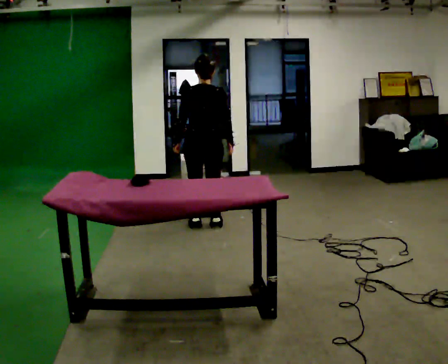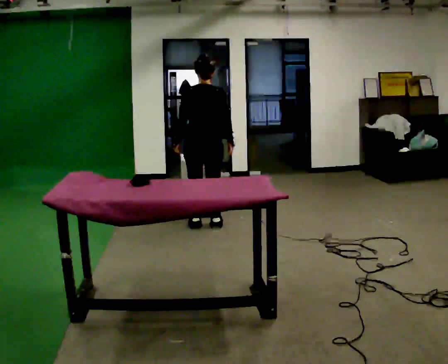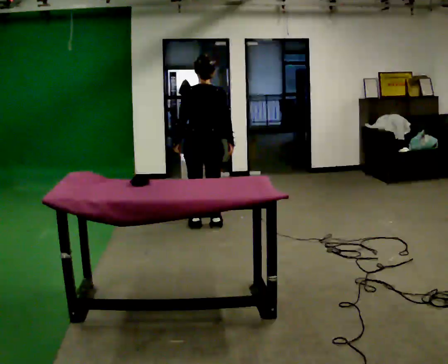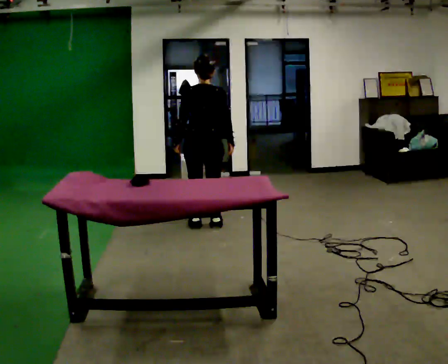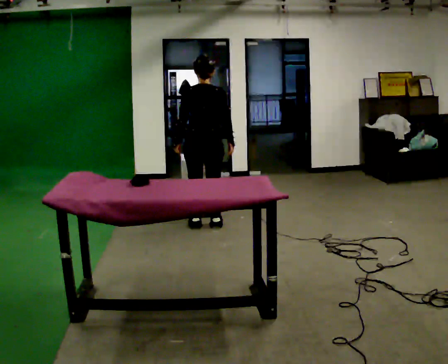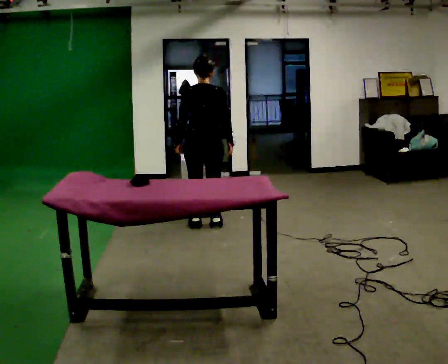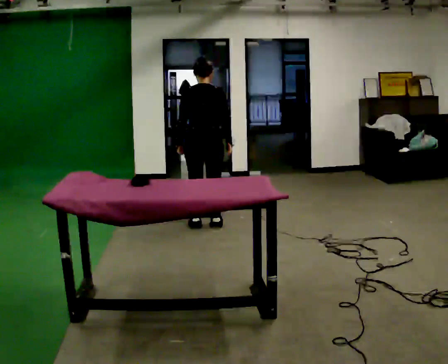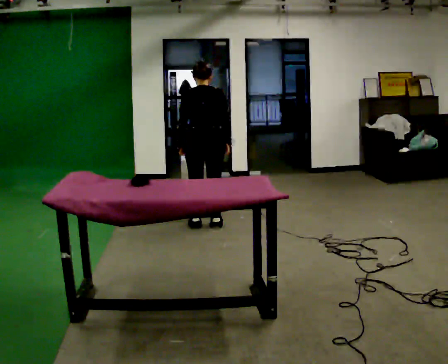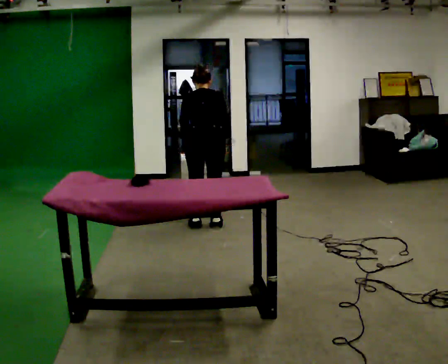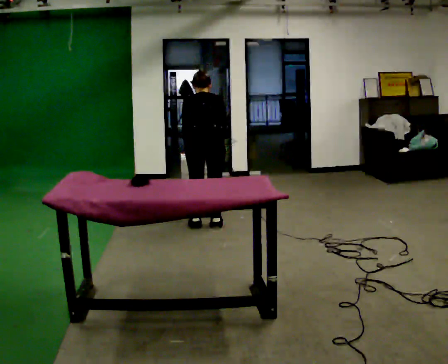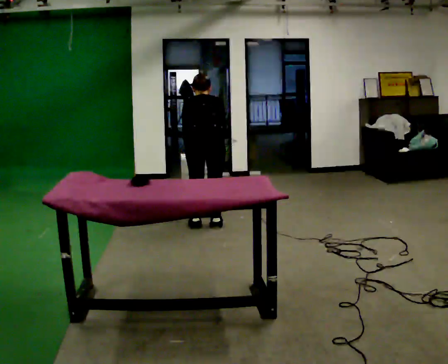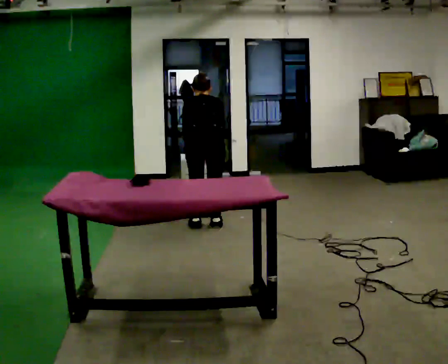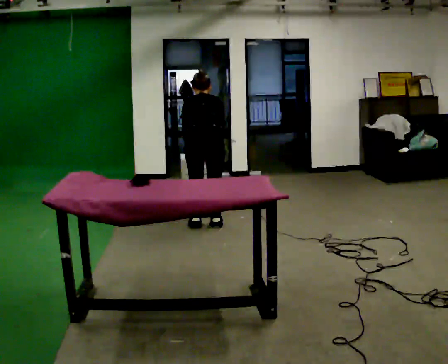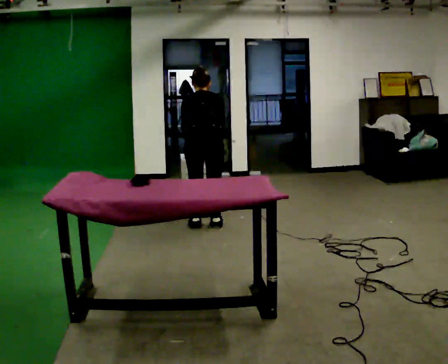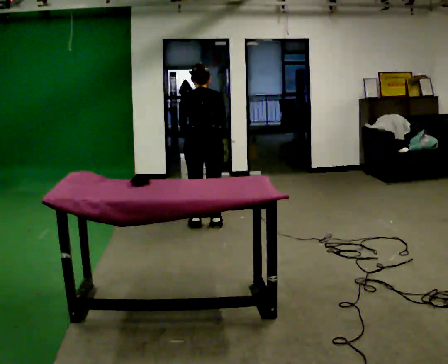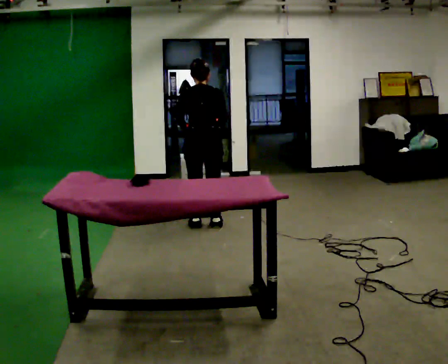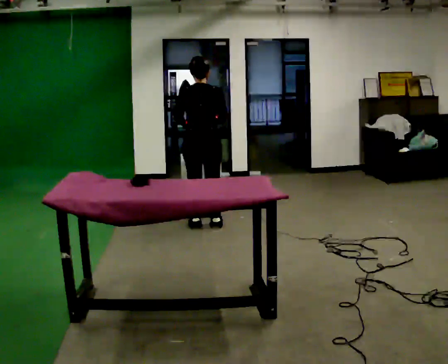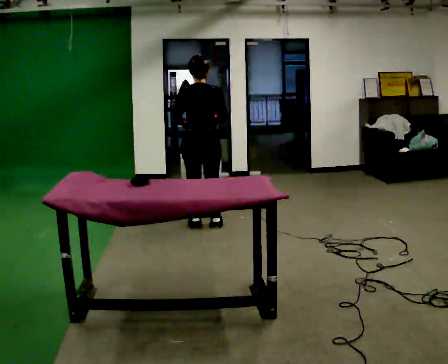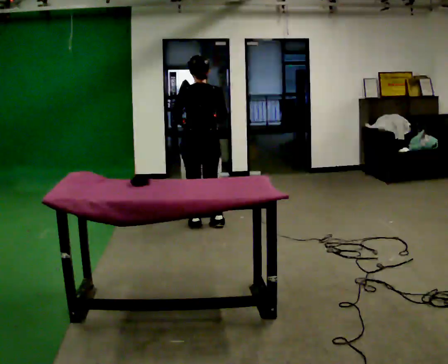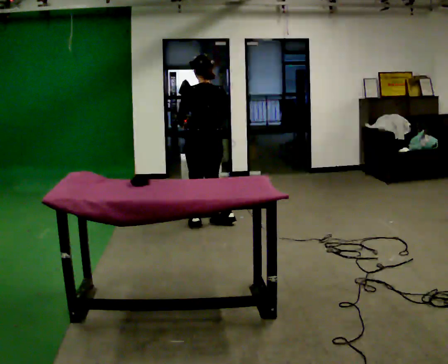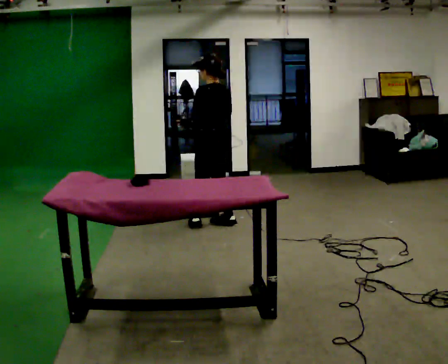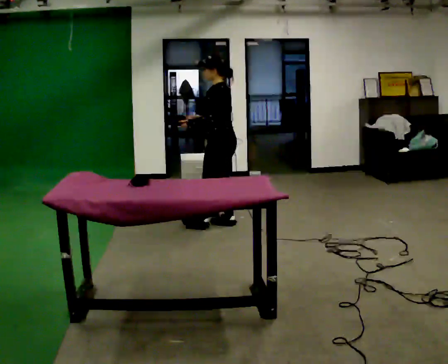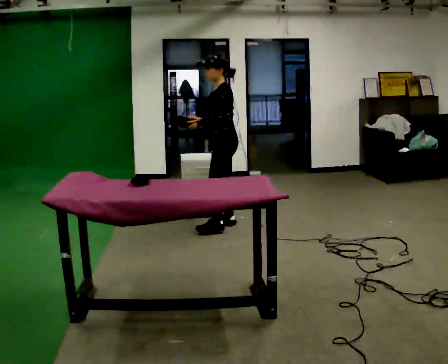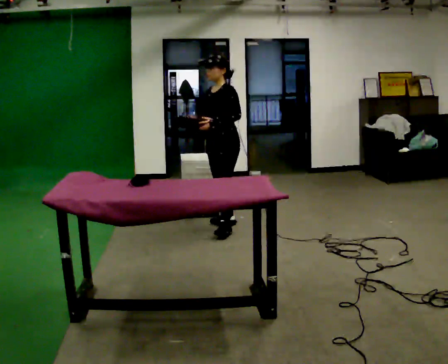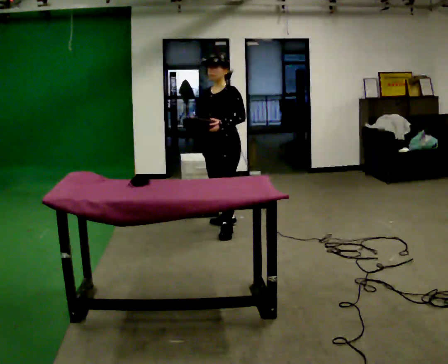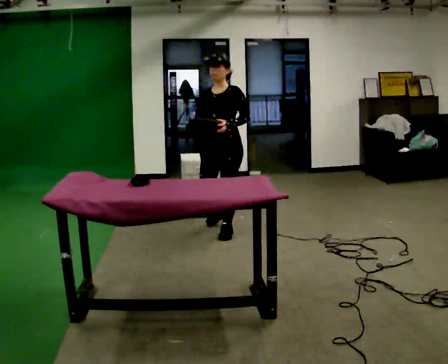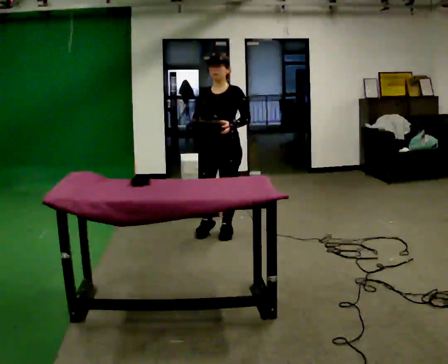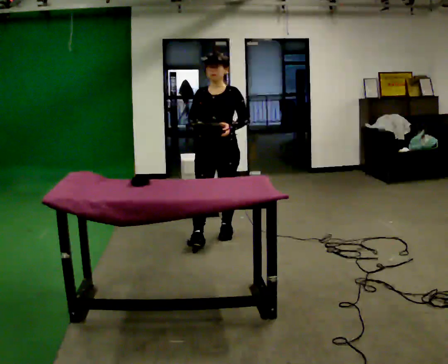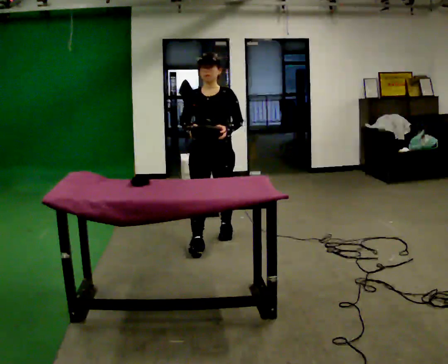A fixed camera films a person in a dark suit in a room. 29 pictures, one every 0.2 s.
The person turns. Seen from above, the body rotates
counterclockwise.
The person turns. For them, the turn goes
to their left.
0.0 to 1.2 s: The upper body tips away from the camera, its near side rolling upward, as they bend forward.
1.2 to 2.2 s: The upper body tips away from the camera, its near side rolling upward, as they bend forward.
2.2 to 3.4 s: The upper body tips toward the camera, its near side rolling downward, as they lean back or straighten.
3.4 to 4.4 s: The part of the body nearest the lens slides to the right as the person turns to their left by about 105 degrees. In the picture they go to the right, about 0.25 m in 1 step.
4.4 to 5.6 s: The person turns about 75 degrees to their left, counterclockwise seen from above, so the part of the body nearest the lens slides to the right. In the picture they go toward the camera, about 0.5 m in 2 steps.
The film runs forward here.
